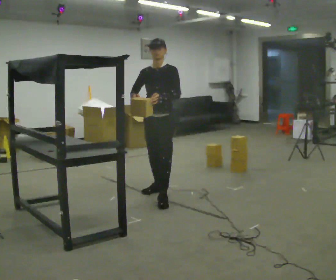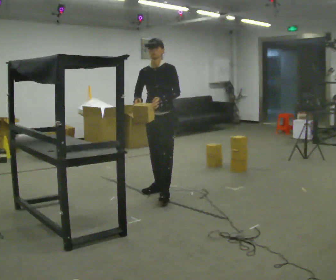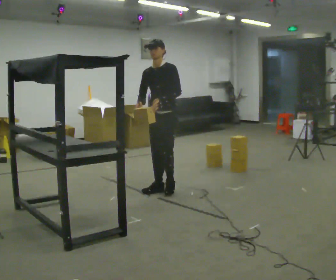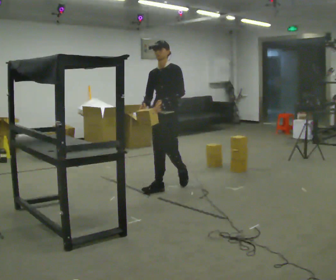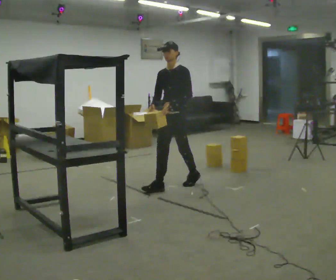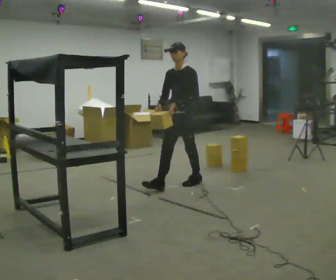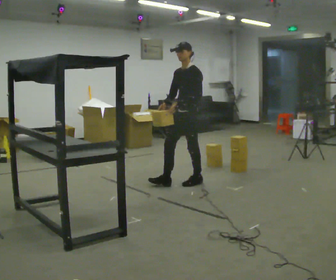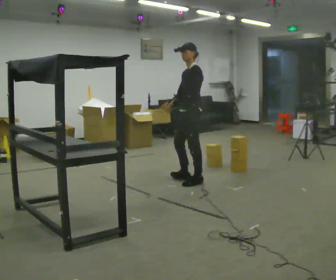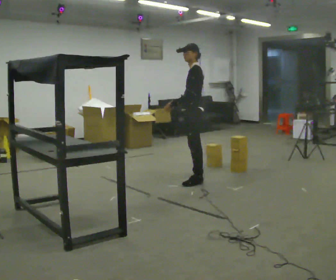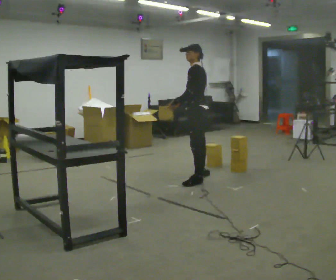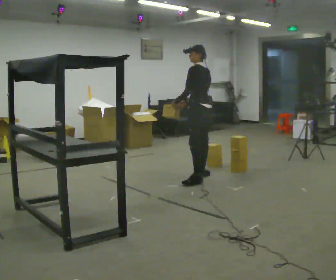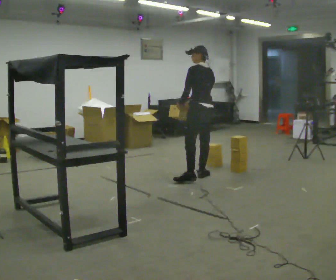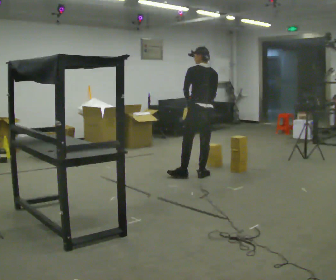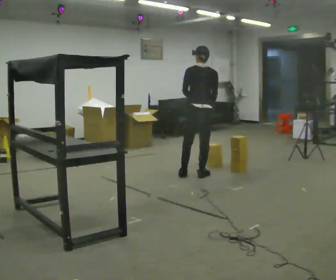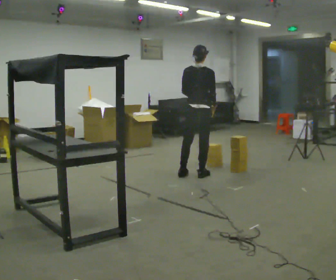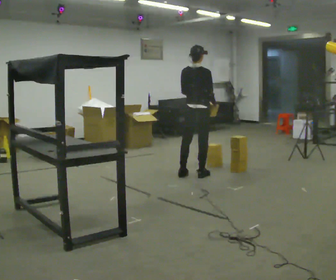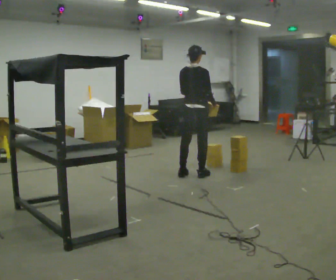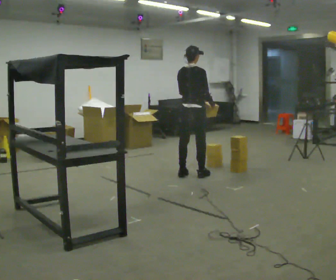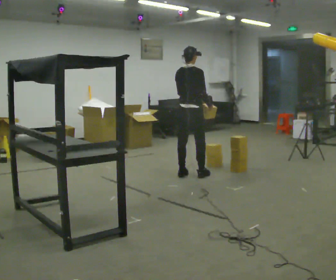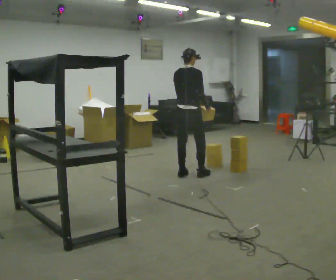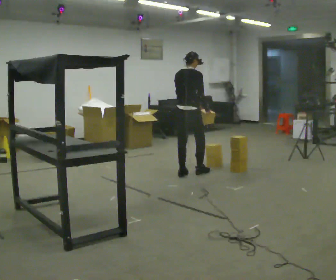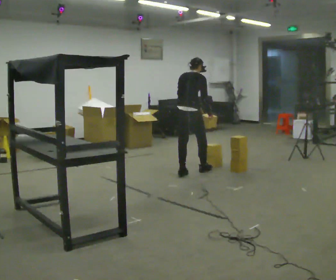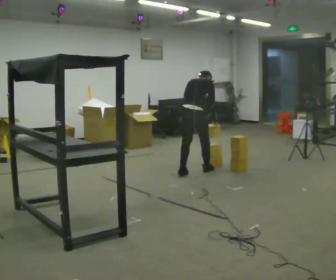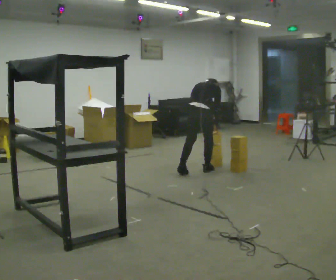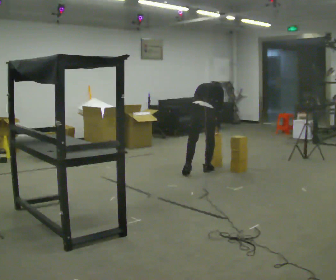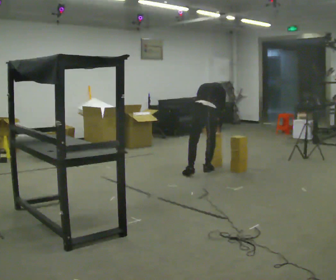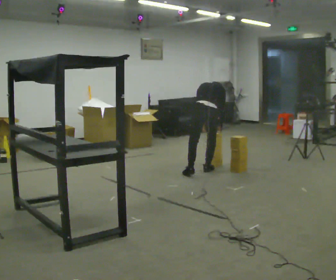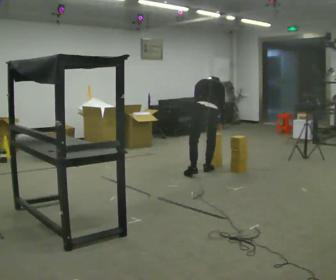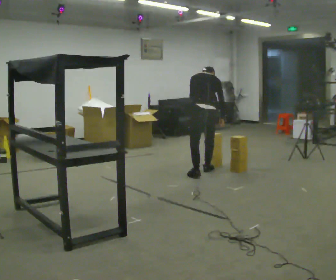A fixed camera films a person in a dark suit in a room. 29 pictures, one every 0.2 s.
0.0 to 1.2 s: Seen from above the body turns clockwise, about 30 degrees: to their right, with its near side sliding to the left. In the picture they go away from the camera and to the right, about 0.5 m in 2 steps, which for them is backward.
1.2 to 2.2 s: The part of the body nearest the lens slides to the left as the person turns to their right by about 90 degrees. In the picture they go away from the camera and to the right, about 0.25 m in 1 step.
2.2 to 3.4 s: Seen from above the body turns clockwise, about 75 degrees: to their right, with its near side sliding to the left. In the picture they go away from the camera, about 0.25 m.
3.4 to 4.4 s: The upper body goes downward. The upper body tips away from the camera, its near side rolling upward, as they bend forward.
4.4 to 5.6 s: The part of the body nearest the lens slides to the right as the person turns to their left by about 30 degrees. In the picture they go to the right, about 0.25 m, which for them is to their right.
The film runs backward here.
